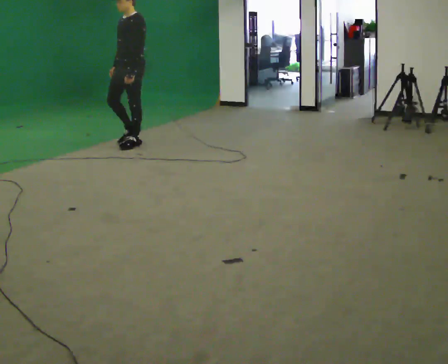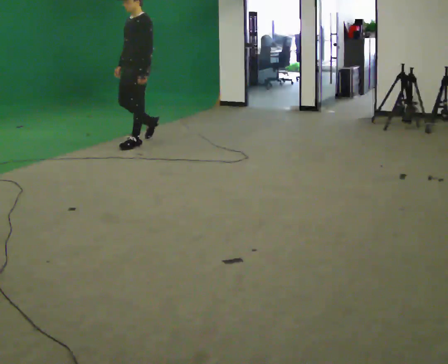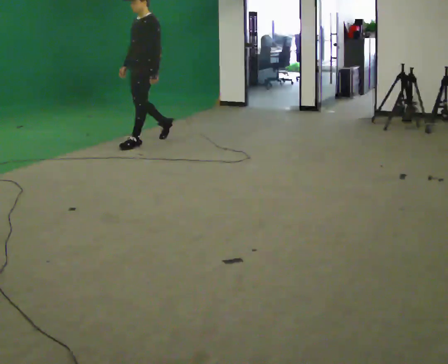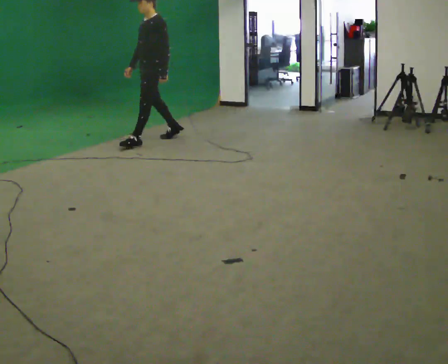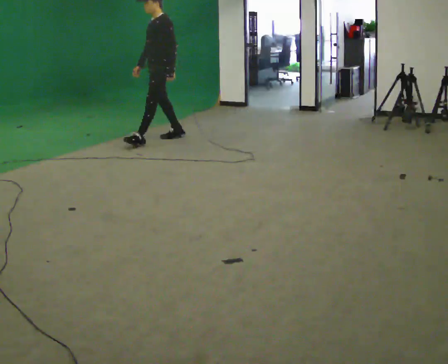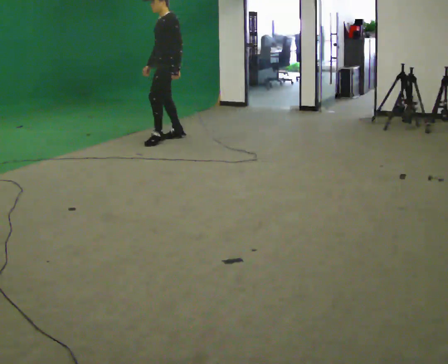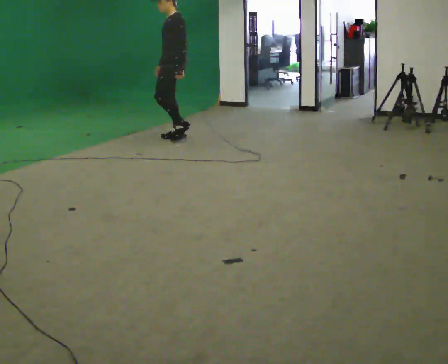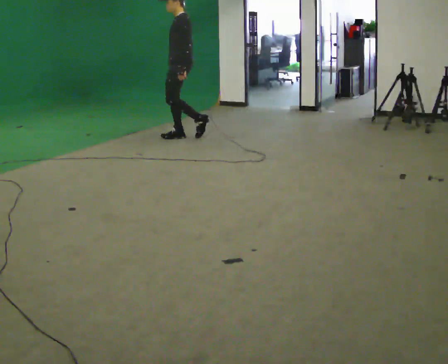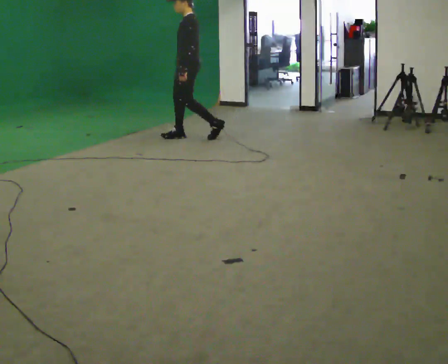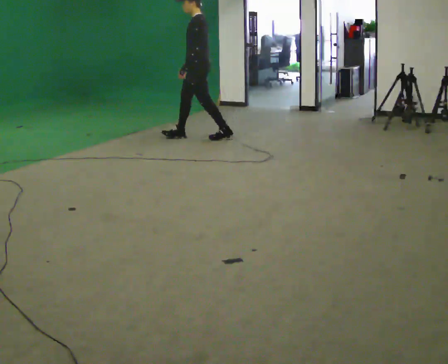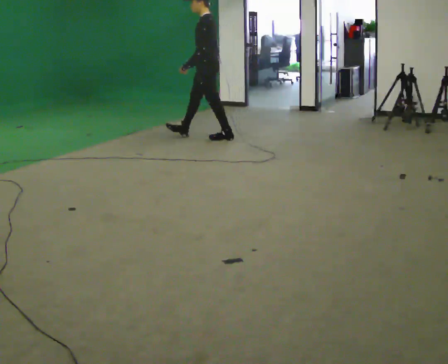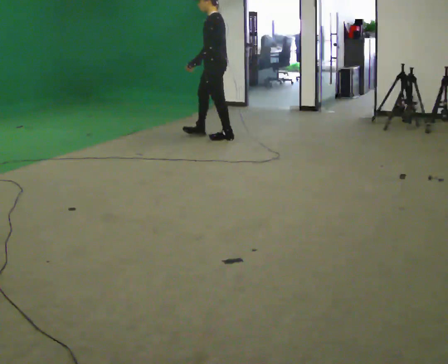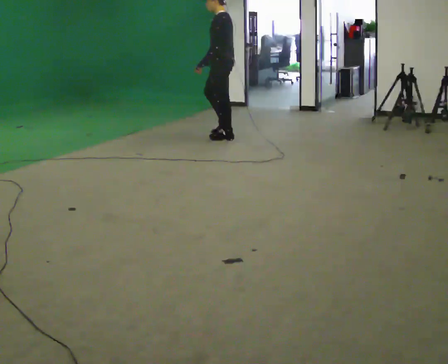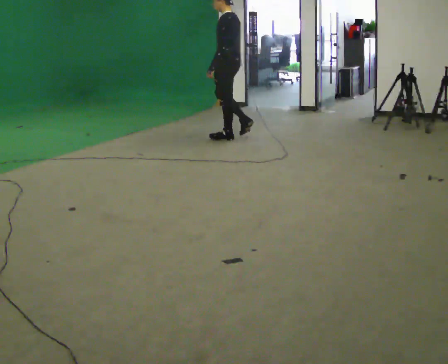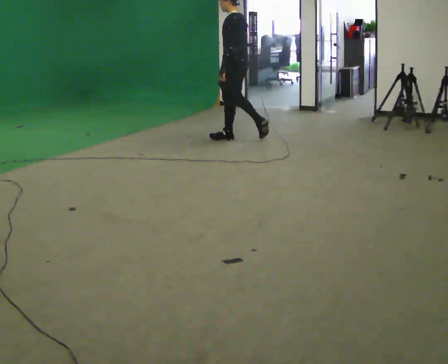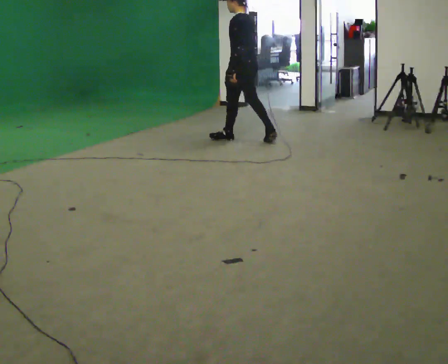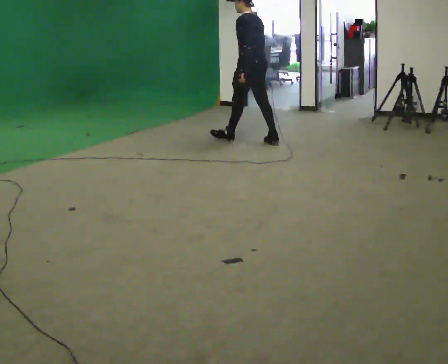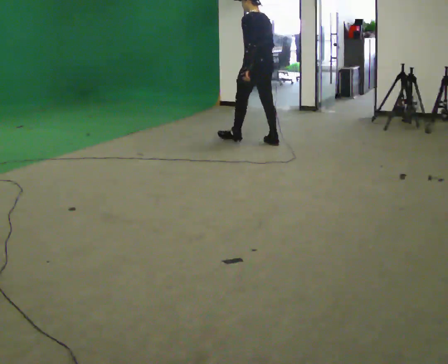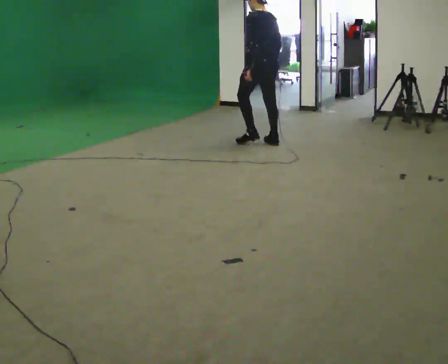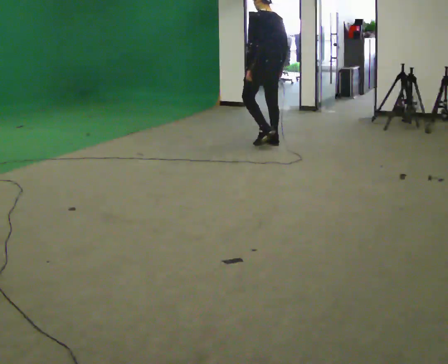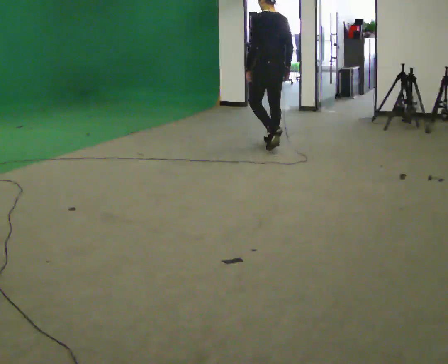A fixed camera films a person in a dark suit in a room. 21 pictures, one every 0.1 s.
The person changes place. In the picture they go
to the right.
The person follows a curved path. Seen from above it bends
clockwise.
0.0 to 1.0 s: Seen from above the body turns clockwise, about 45 degrees: to their right, with its near side sliding to the left. In the picture they go to the right, about 1 m in 2 steps, which for them is backward.
1.0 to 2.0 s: The person turns about 60 degrees to their right, clockwise seen from above, so the part of the body nearest the lens slides to the left. In the picture they go to the right and toward the camera, about 1 m in 1 step.
The film runs backward here.
